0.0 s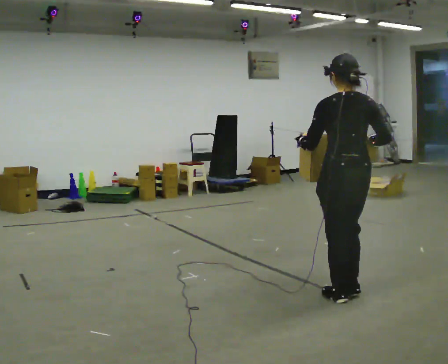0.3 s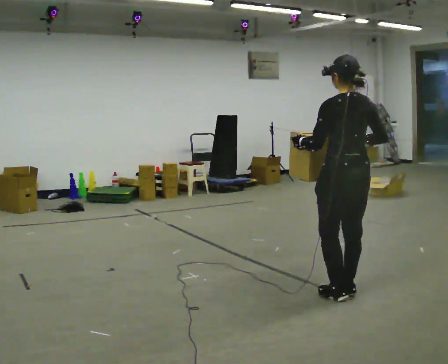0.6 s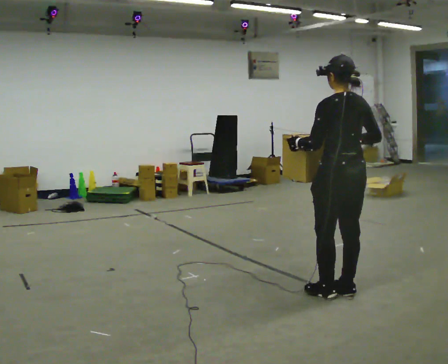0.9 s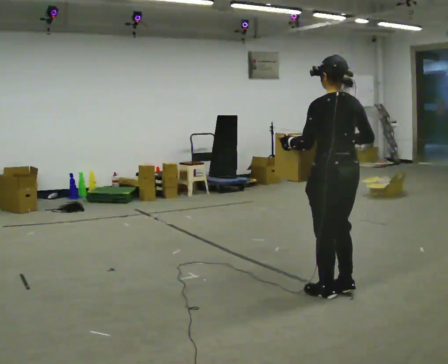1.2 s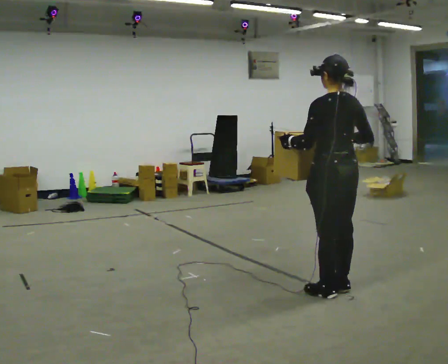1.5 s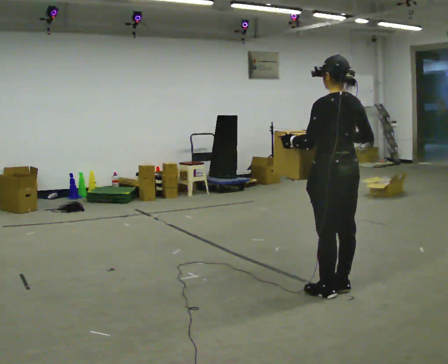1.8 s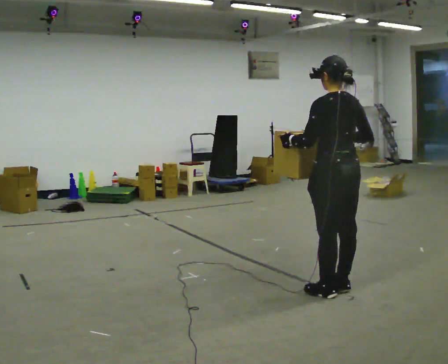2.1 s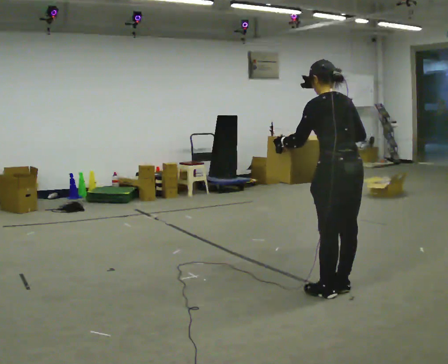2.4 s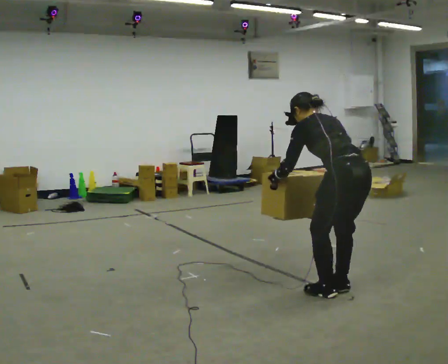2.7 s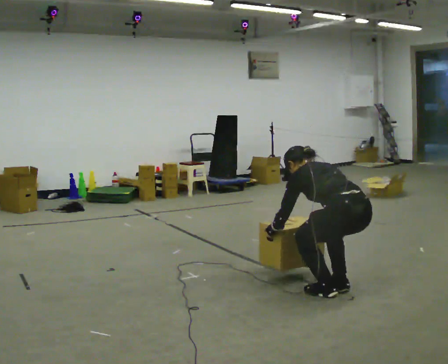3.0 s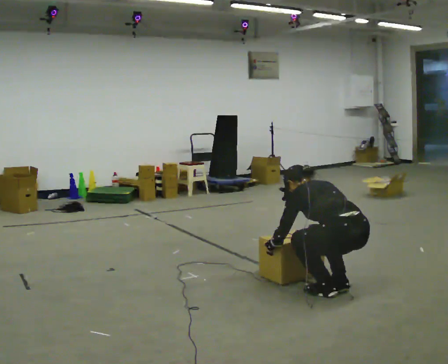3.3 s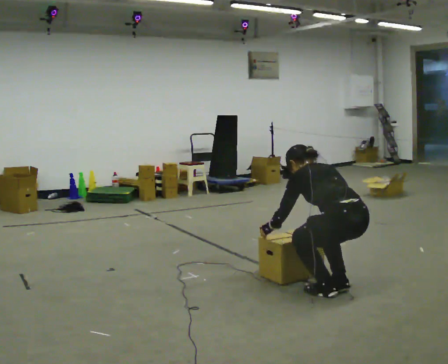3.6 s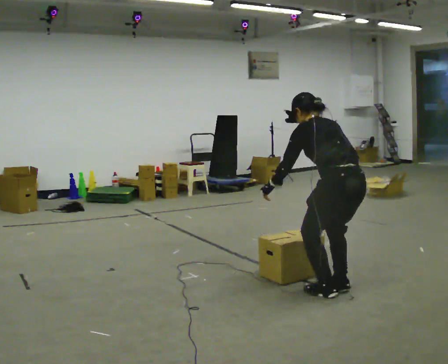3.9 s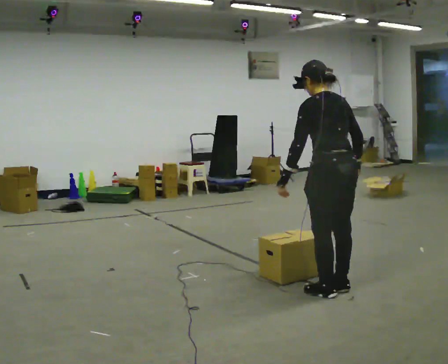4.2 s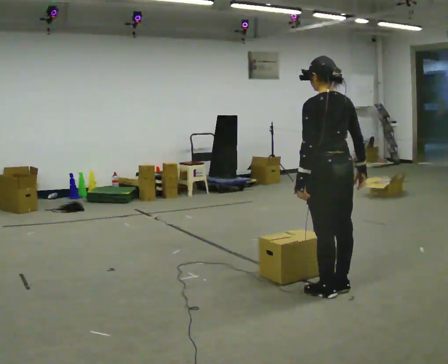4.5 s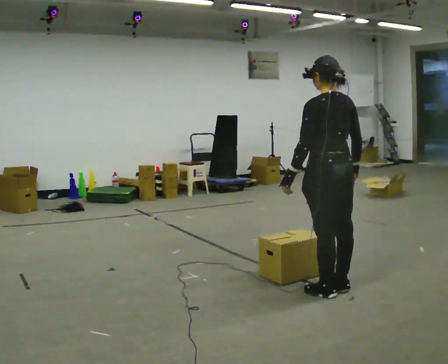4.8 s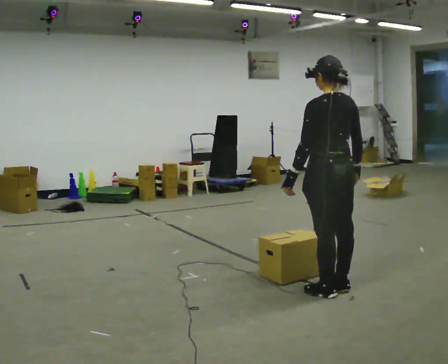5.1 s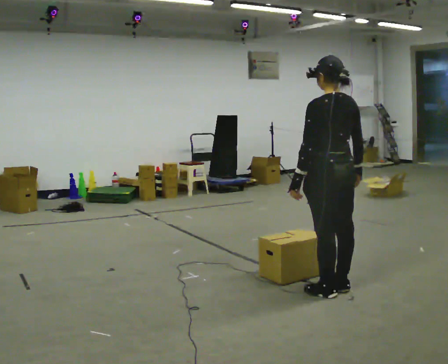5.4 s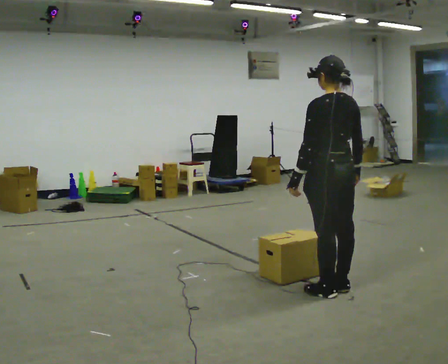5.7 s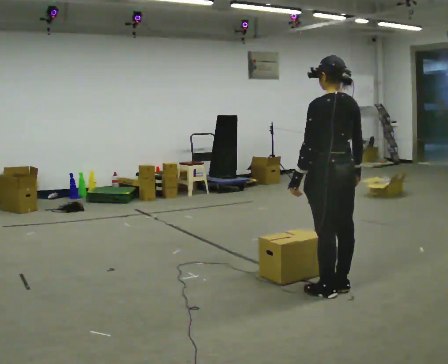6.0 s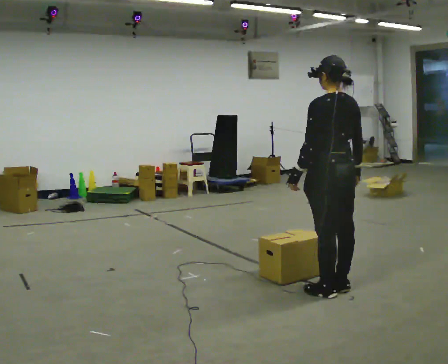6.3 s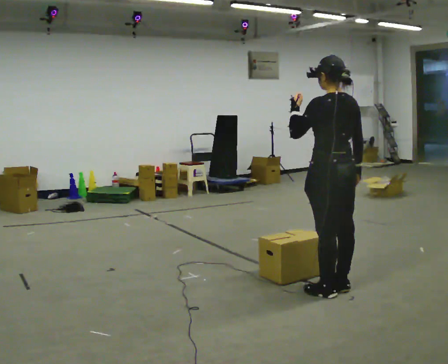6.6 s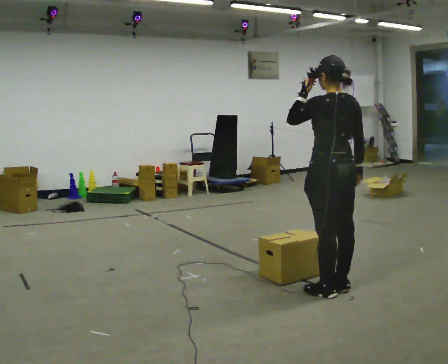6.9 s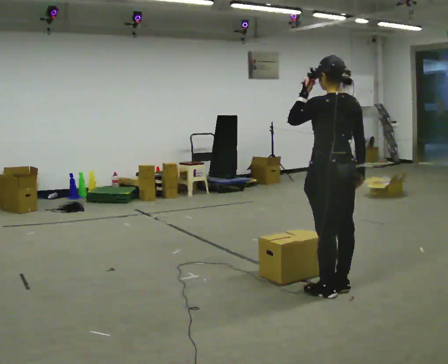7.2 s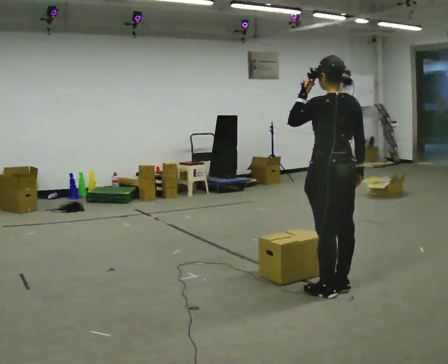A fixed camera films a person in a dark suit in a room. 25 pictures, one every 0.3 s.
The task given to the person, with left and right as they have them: Carry the heavy box in both hands in front of you, walking back and forth across the room. Keep walking until the operator says stop. Set it down if you need a rest.
0.0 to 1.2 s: The person moves a little, or ends about where they began.
1.2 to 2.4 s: The upper body goes downward. The upper body tips away from the camera, its near side rolling upward, as they bend forward. In the picture their right hand goes downward.
2.4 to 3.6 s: The person moves a little, or ends about where they began.
3.6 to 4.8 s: The shoulders move upward. The upper body tips toward the camera, its near side rolling downward, as they lean back or straighten.
4.8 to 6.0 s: The person moves a little, or ends about where they began.
6.0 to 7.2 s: In the picture their left hand goes upward.
The film runs forward here.
